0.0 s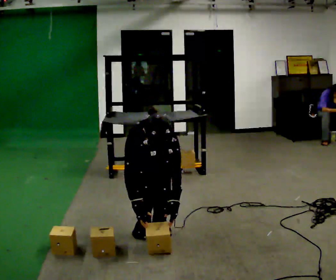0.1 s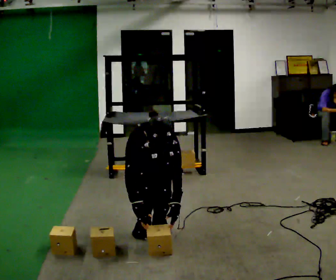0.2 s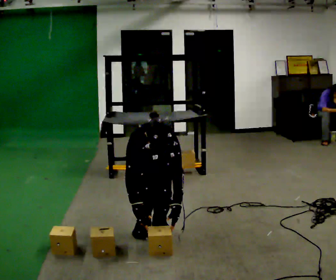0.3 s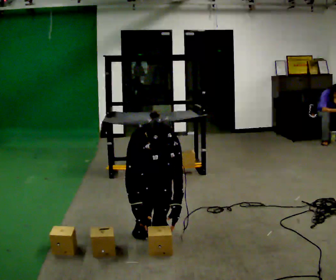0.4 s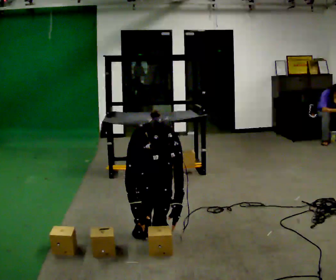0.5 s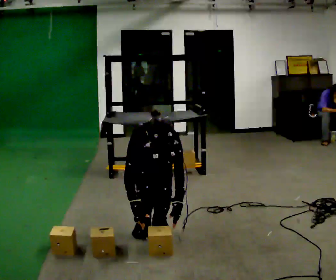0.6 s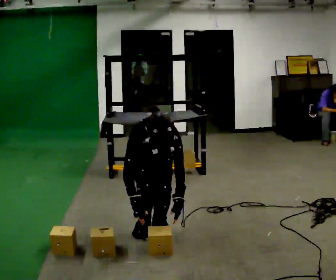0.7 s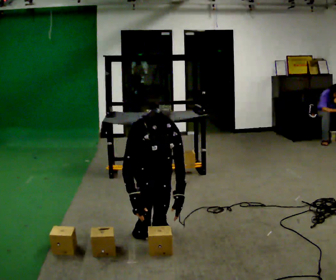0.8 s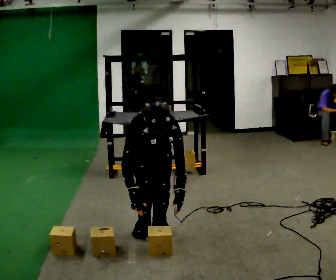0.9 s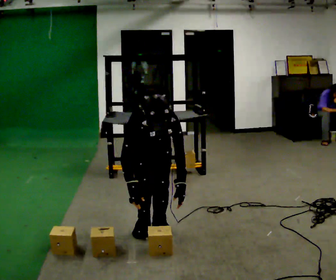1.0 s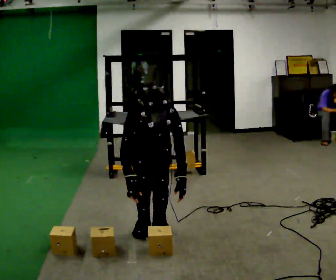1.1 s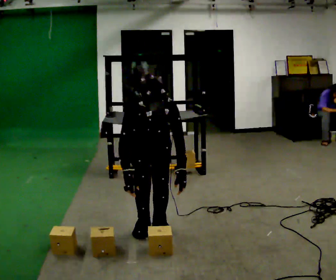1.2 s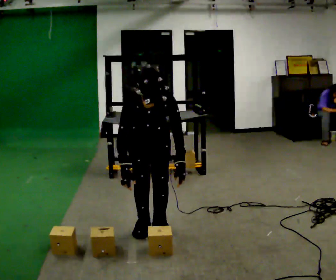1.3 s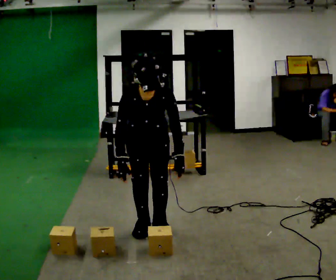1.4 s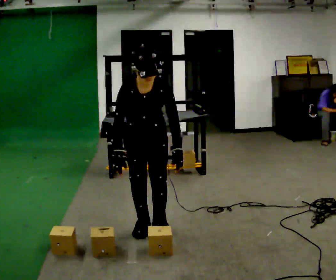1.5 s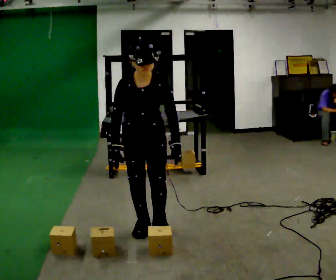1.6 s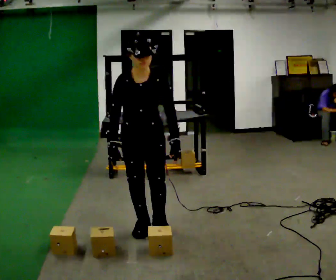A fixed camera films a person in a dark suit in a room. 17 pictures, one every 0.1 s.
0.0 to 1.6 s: The upper body goes upward. The upper body tips away from the camera, its near side rolling upward, as they lean back or straighten. In the picture their left hand goes upward.
The film runs backward here.
